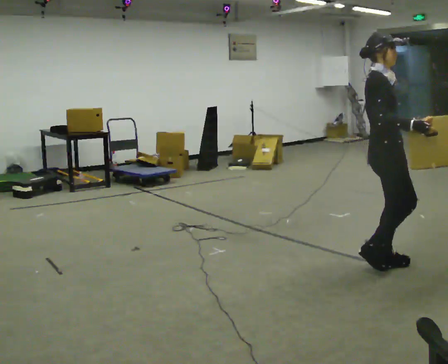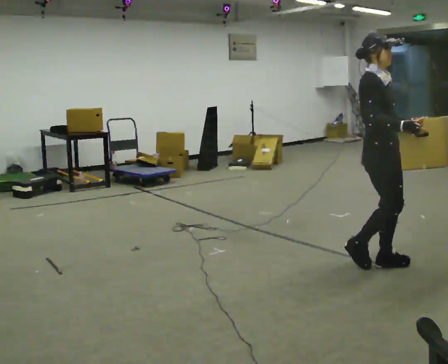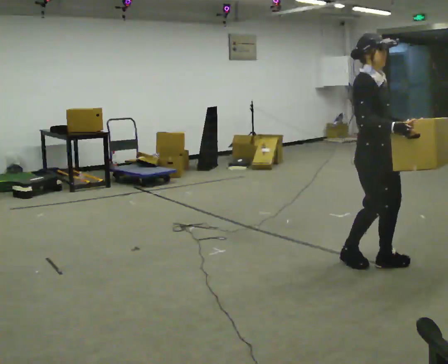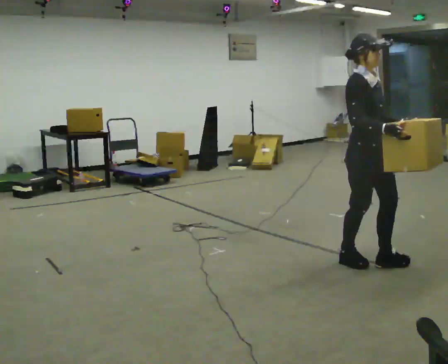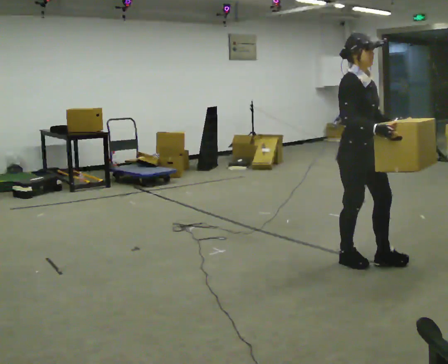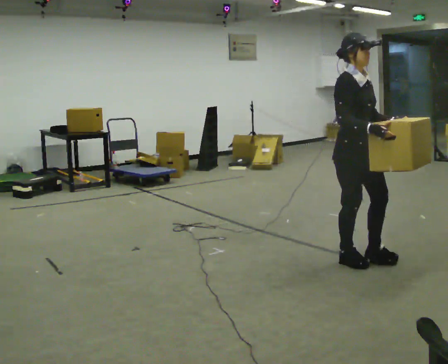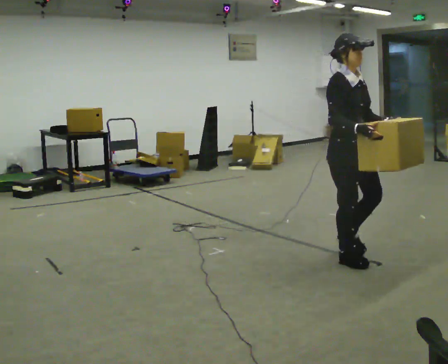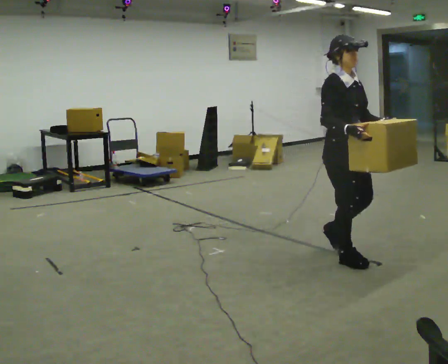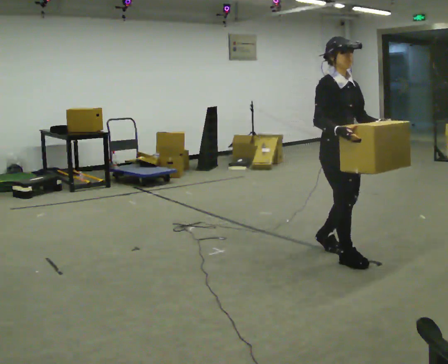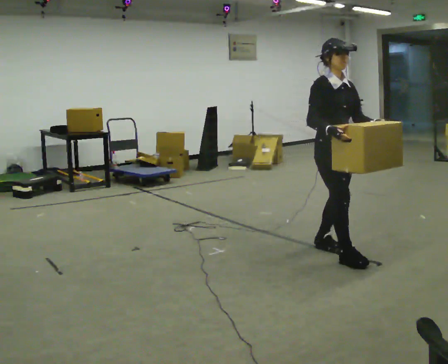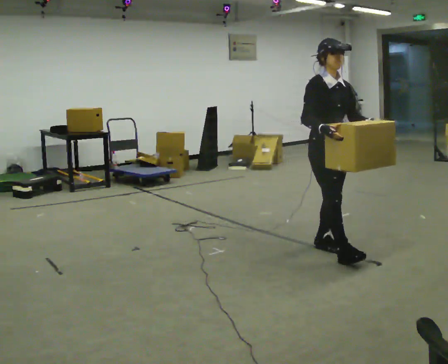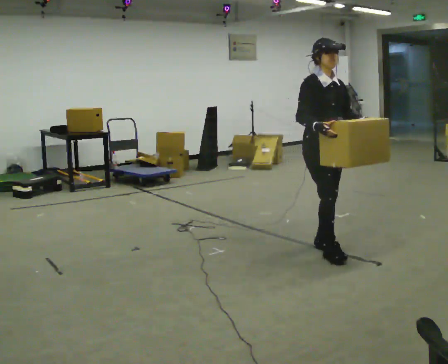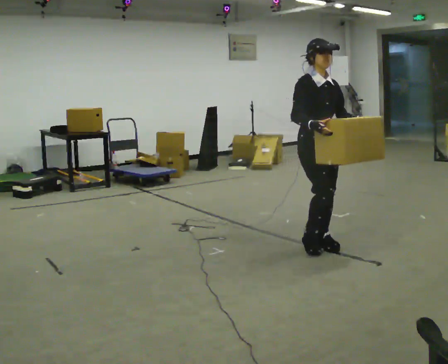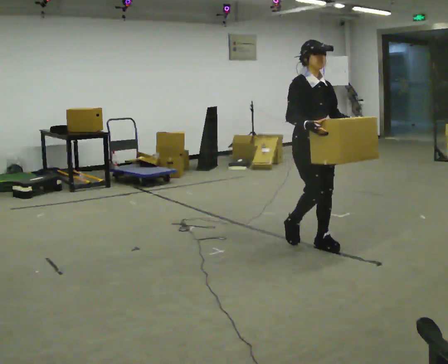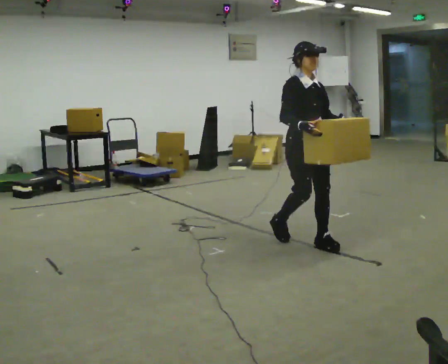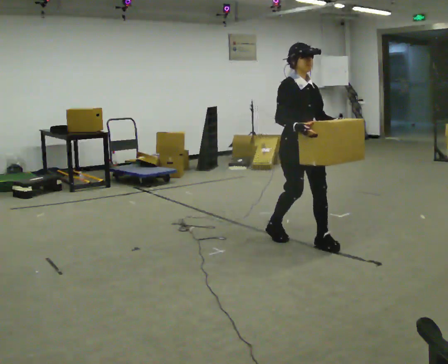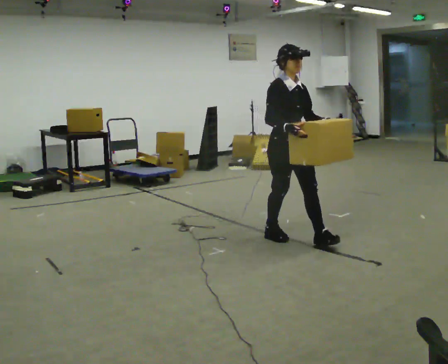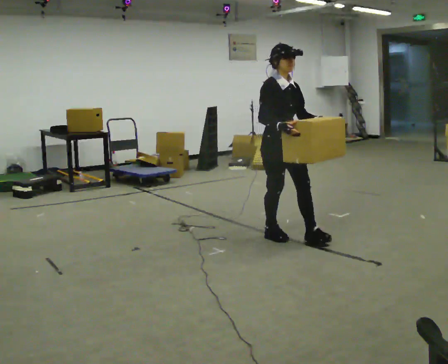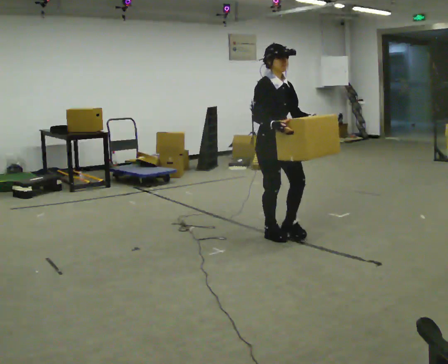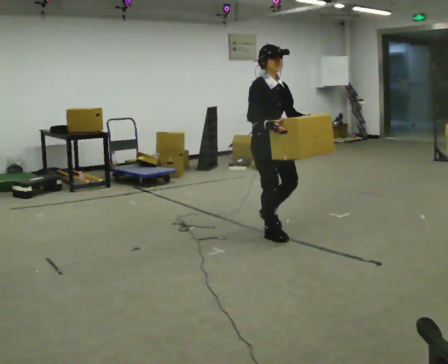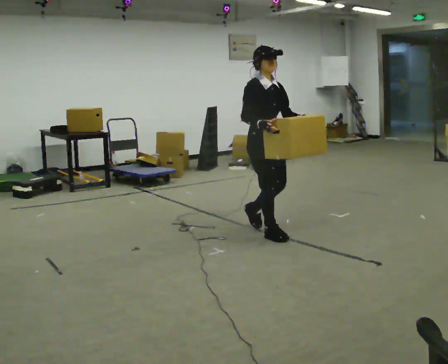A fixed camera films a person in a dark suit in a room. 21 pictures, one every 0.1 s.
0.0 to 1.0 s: Seen from above the body turns clockwise, about 30 degrees: to their right, with its near side sliding to the left. In the picture they go to the left and away from the camera, about 0.5 m in 2 steps, which for them is backward.
1.0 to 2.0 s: In the picture they go to the left and away from the camera, about 0.75 m in 1 step, which for them is backward.
The film runs backward here.
